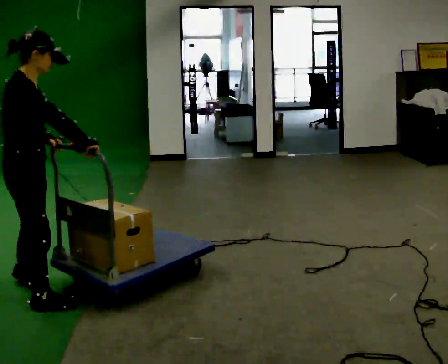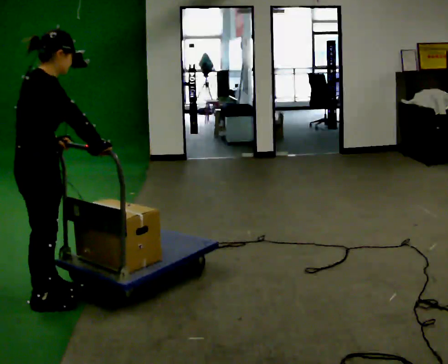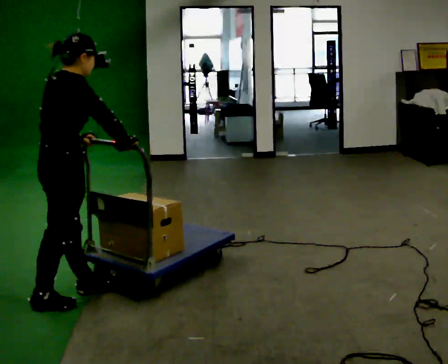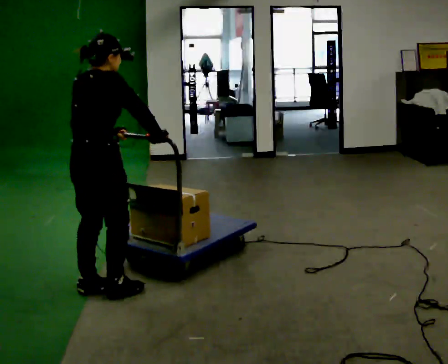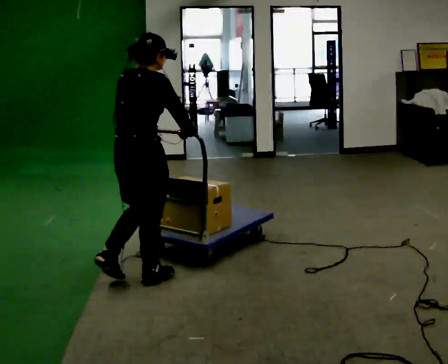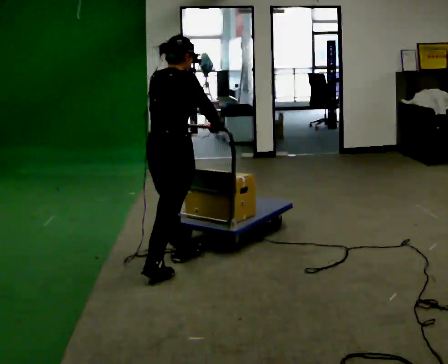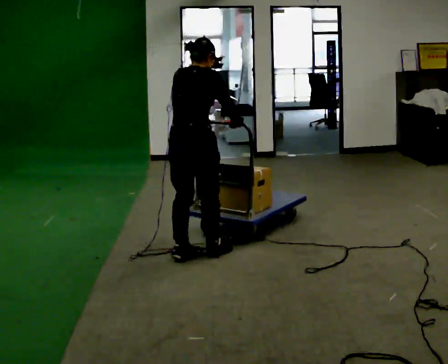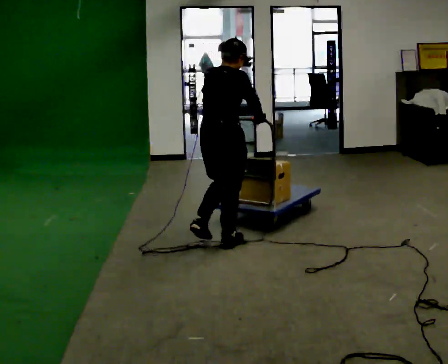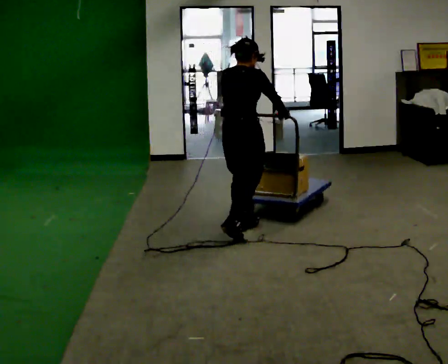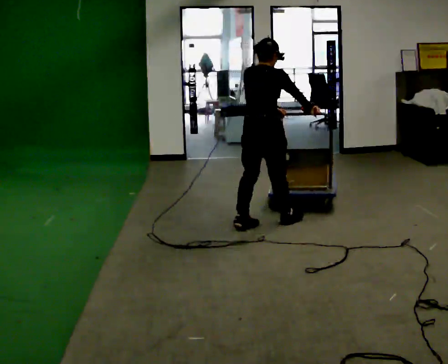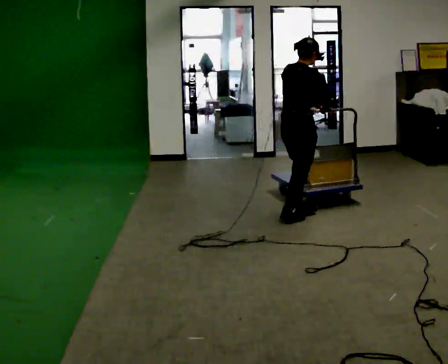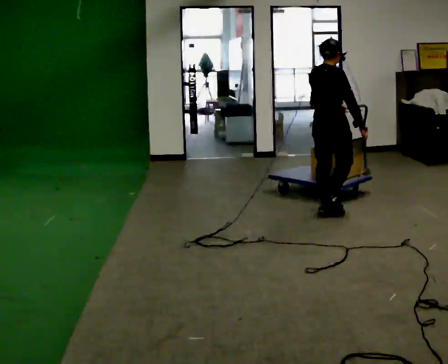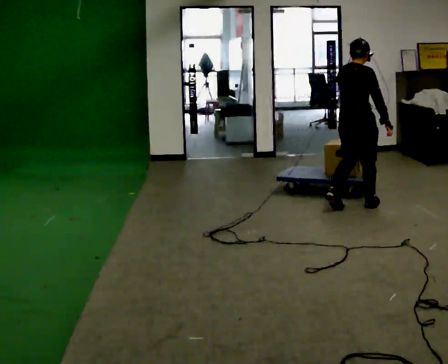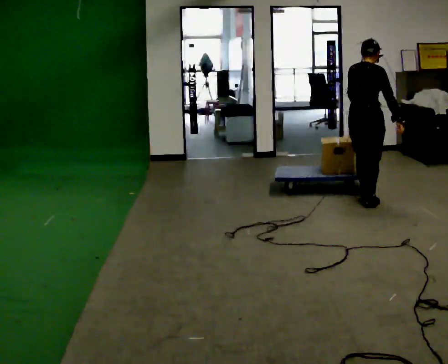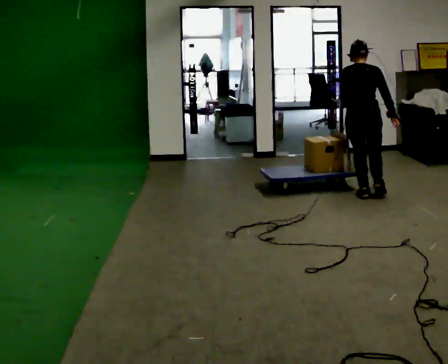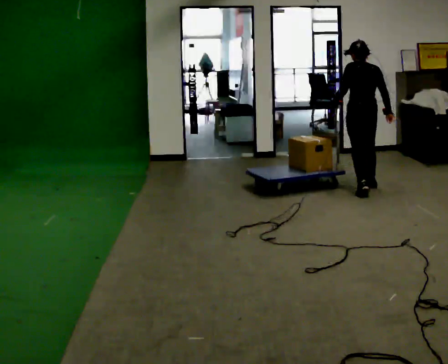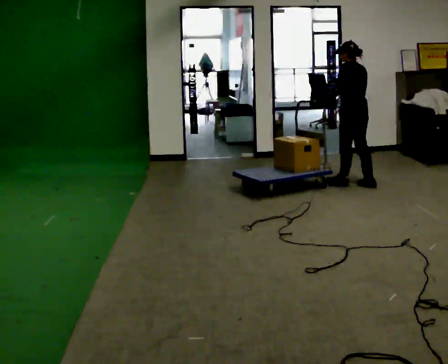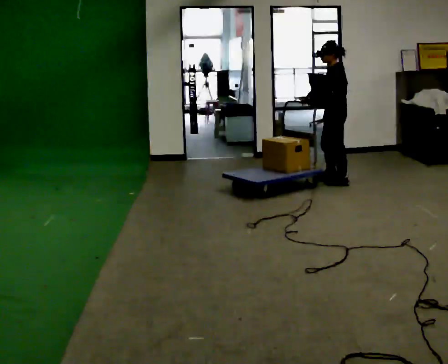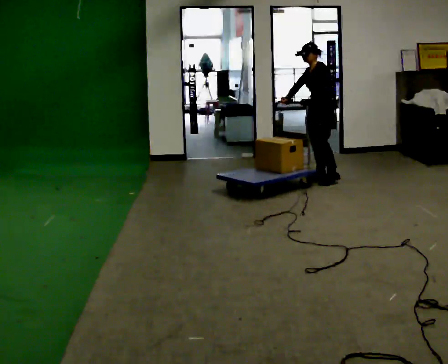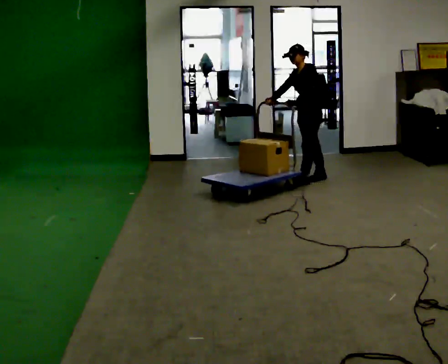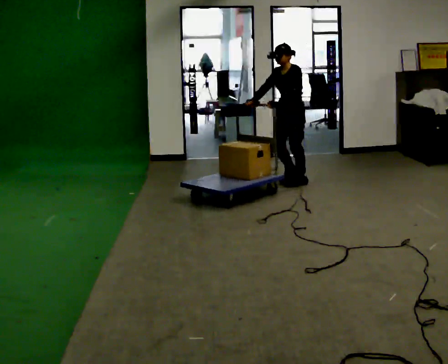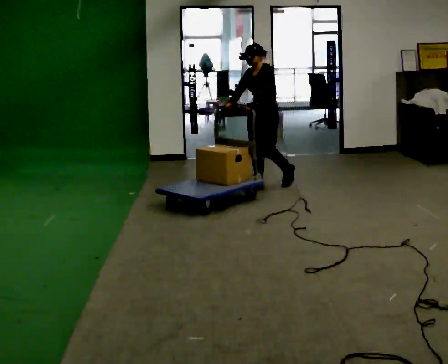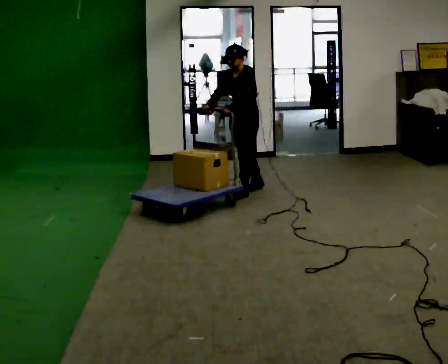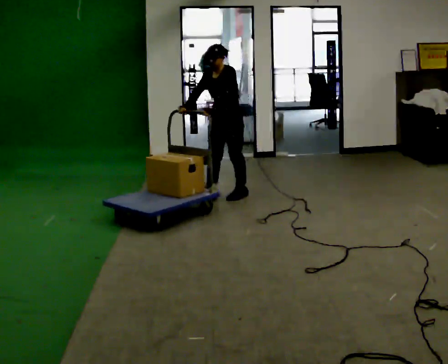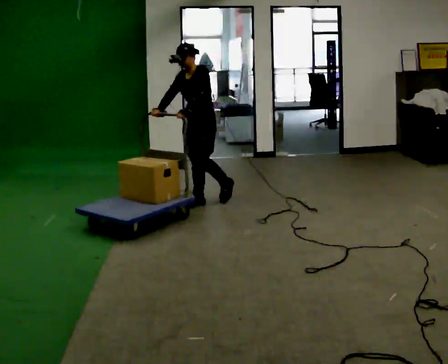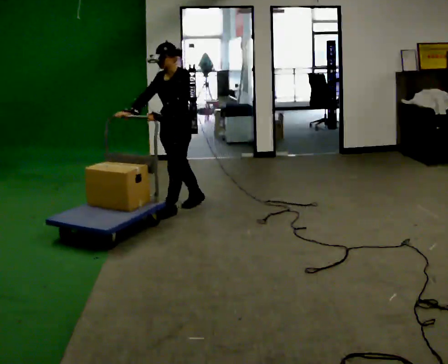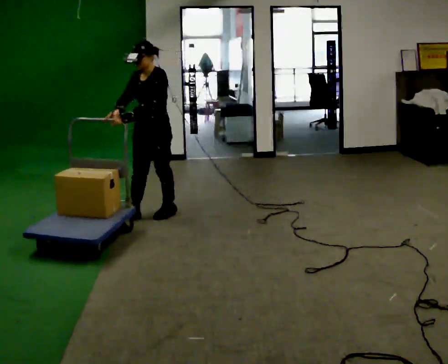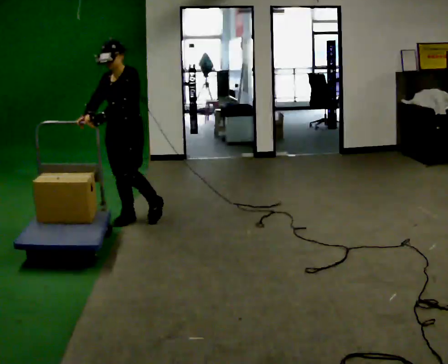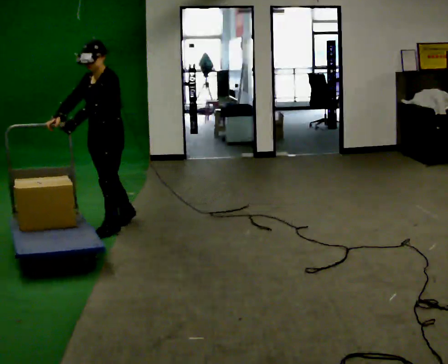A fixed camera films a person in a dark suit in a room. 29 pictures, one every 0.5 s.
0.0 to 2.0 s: The part of the body nearest the lens slides to the right as the person turns to their left by about 30 degrees. In the picture they go away from the camera and to the right, about 0.75 m in 2 steps, which for them is forward.
2.0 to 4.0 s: In the picture they go away from the camera, about 1 m in 3 steps, which for them is forward.
4.0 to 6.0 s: In the picture they go away from the camera and to the right, about 1 m in 3 steps, which for them is forward.
6.0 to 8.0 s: Seen from above the body turns counterclockwise, about 90 degrees: to their left, with its near side sliding to the right. In the picture they go away from the camera, about 1 m in 3 steps.
8.0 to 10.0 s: The part of the body nearest the lens slides to the right as the person turns to their left by about 90 degrees. In the picture they go to the left, about 0.75 m in 2 steps.
10.0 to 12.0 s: In the picture they go toward the camera and to the left, about 1 m in 3 steps, which for them is forward.
12.0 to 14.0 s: In the picture they go toward the camera and to the left, about 1 m in 3 steps, which for them is forward.
The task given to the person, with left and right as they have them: Push the loaded cart from one corner of the room to the other, turn it round, and push it back. Keep going until the operator says stop.
The film runs forward here.
